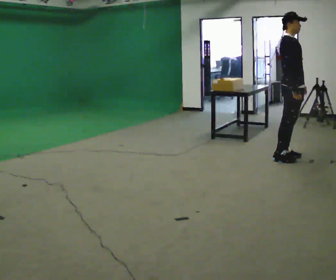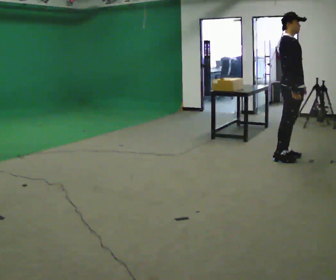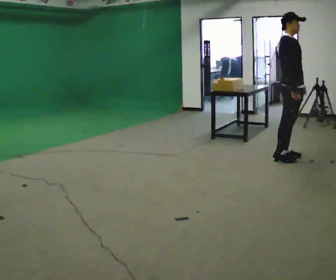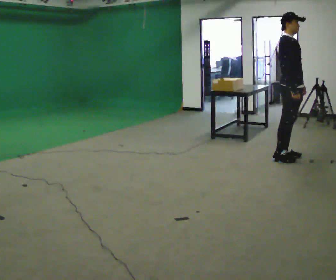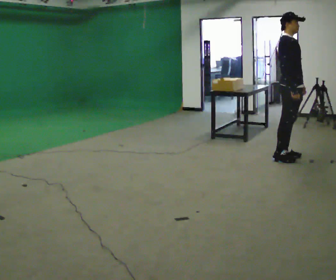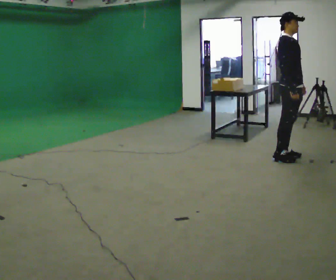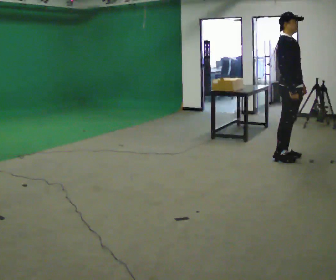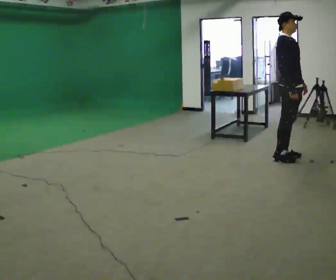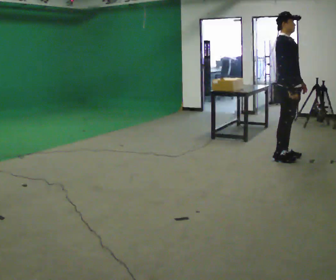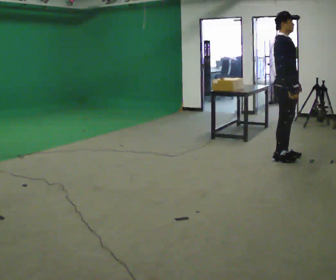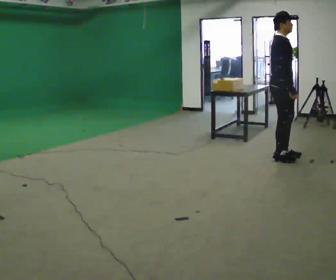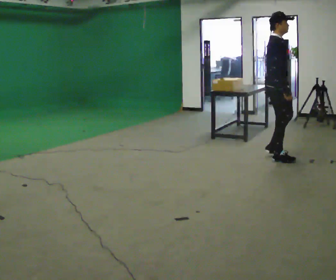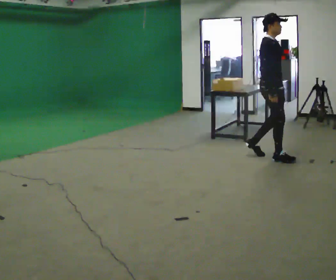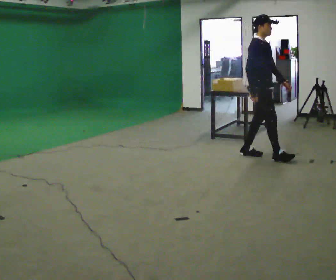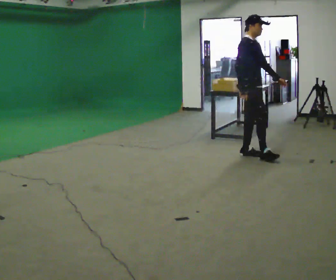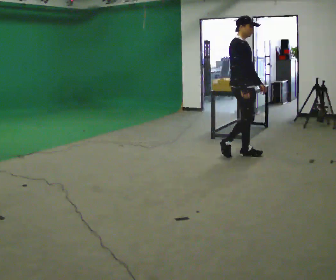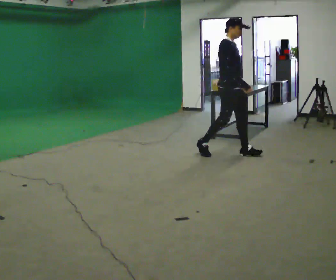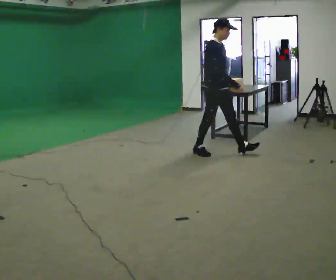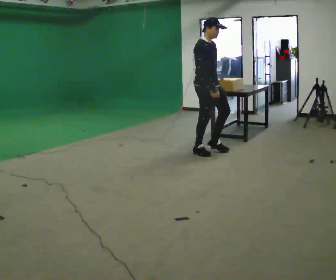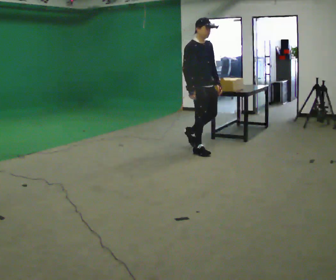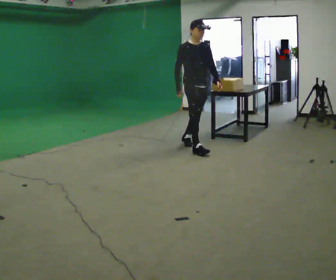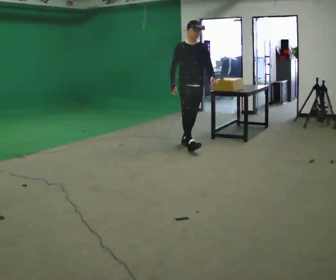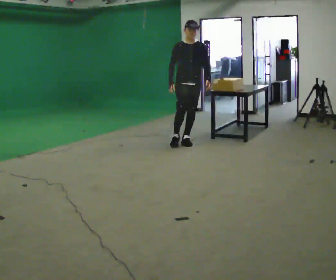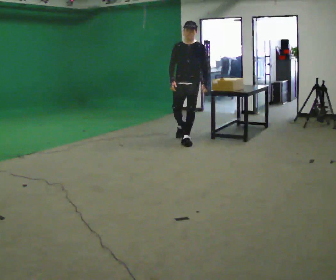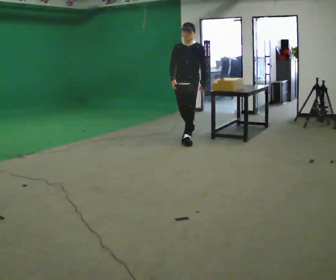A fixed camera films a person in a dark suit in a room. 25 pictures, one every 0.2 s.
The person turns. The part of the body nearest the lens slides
to the left.
The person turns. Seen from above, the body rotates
clockwise.
0.0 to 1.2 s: The person moves a little, or ends about where they began.
1.2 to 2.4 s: In the picture they go to the left, about 0.25 m in 1 step, which for them is backward.
2.4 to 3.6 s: In the picture they go to the left, about 1 m in 2 steps, which for them is backward.
3.6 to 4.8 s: The person turns about 75 degrees to their right, clockwise seen from above, so the part of the body nearest the lens slides to the left. In the picture they go away from the camera and to the left, about 1 m in 1 step.
The film runs backward here.
